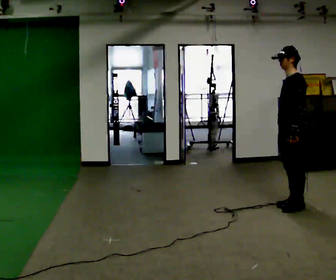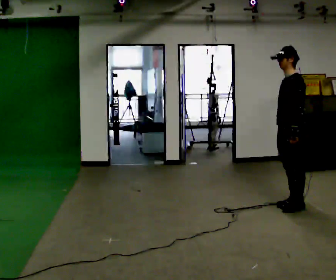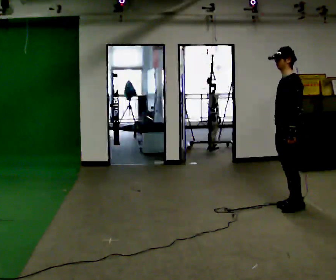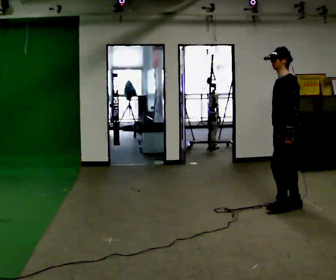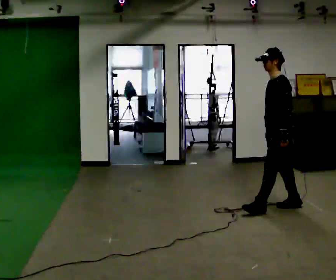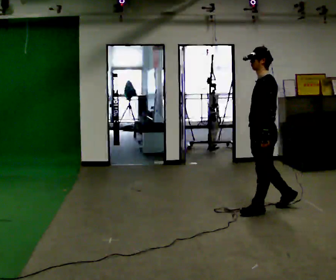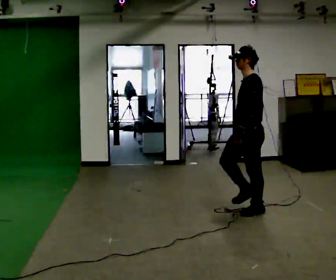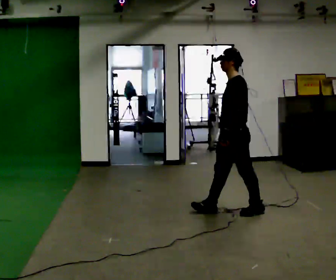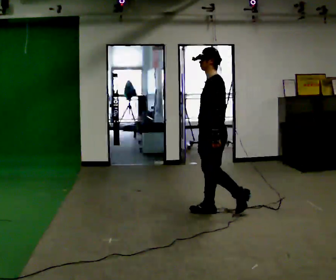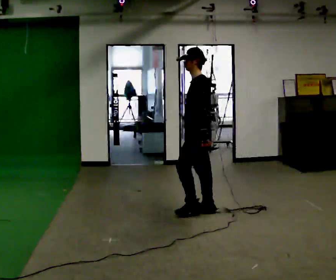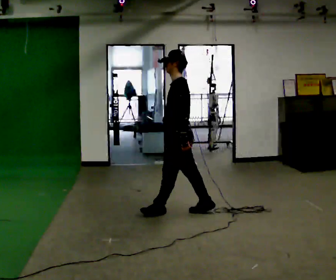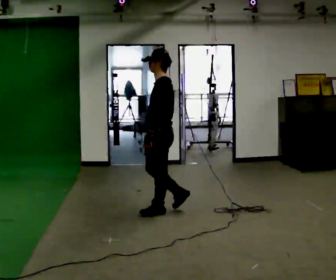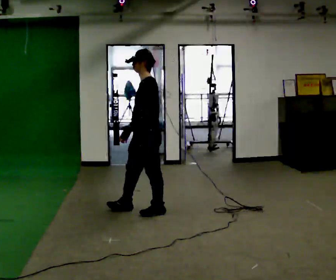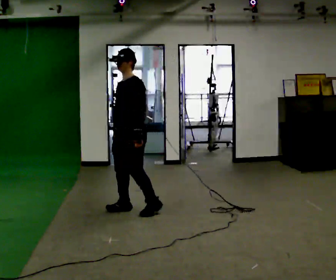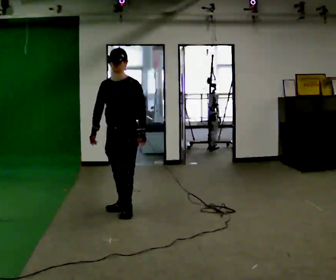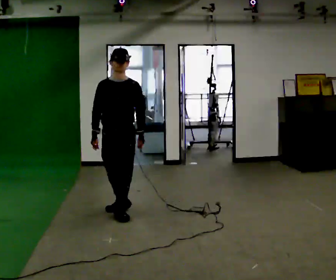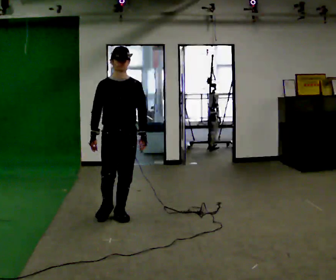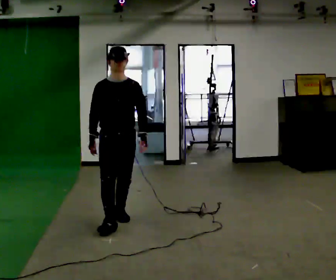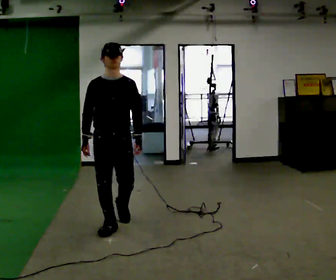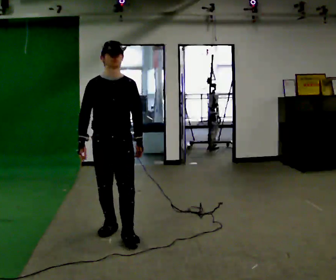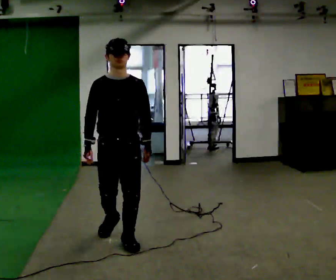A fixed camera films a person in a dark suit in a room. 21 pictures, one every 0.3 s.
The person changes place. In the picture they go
to the left.
0.0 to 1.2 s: The person moves a little, or ends about where they began.
1.2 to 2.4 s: In the picture they go to the left, about 0.75 m in 1 step, which for them is forward.
2.4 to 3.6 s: In the picture they go to the left, about 0.75 m in 1 step, which for them is forward.
3.6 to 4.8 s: The person turns about 90 degrees to their left, counterclockwise seen from above, so the part of the body nearest the lens slides to the right. In the picture they go to the left and toward the camera, about 0.25 m in 2 steps.
4.8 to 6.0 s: In the picture they go toward the camera, about 0.5 m in 2 steps, which for them is forward.
The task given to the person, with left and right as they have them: Walk straight; turn 90° left/right while continuing to walk; continue.
The film runs forward here.
